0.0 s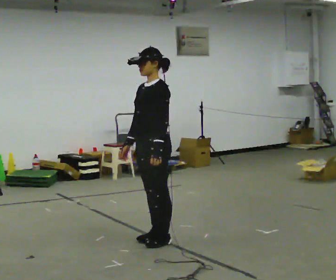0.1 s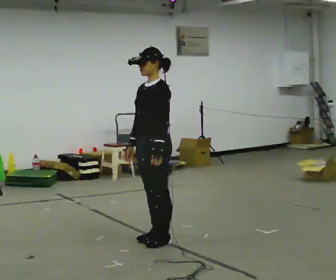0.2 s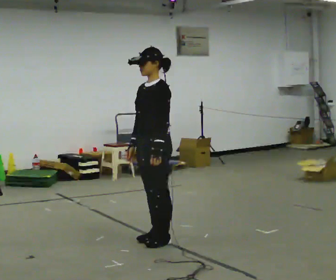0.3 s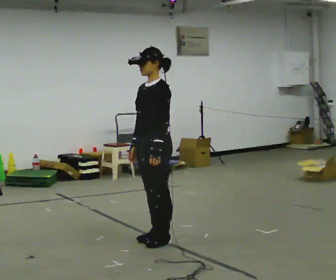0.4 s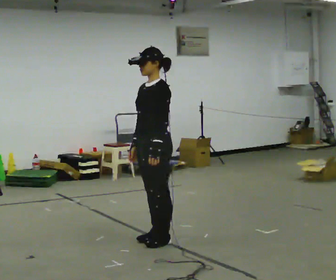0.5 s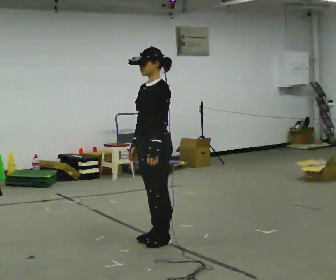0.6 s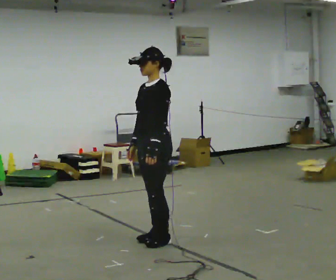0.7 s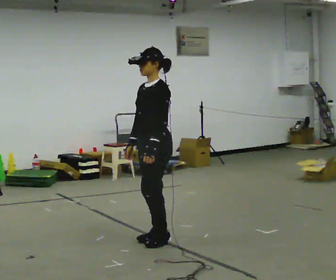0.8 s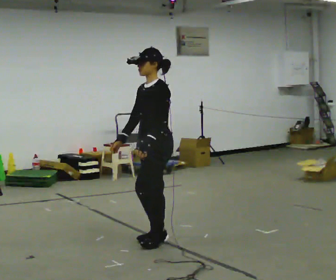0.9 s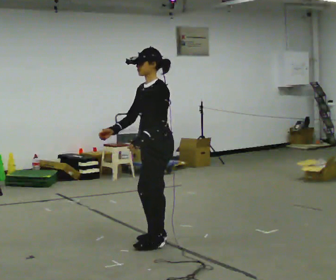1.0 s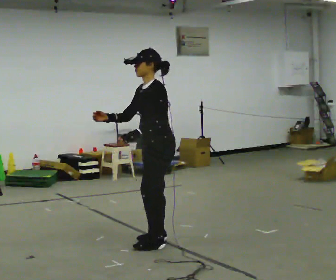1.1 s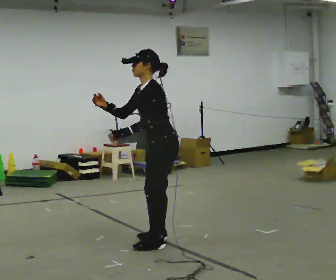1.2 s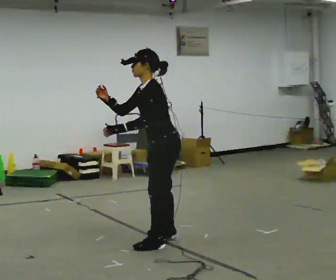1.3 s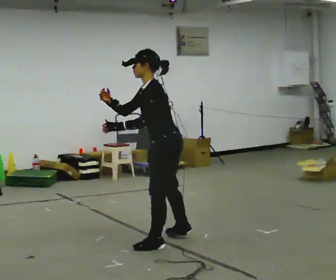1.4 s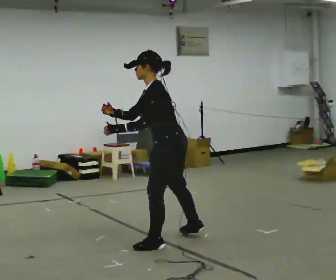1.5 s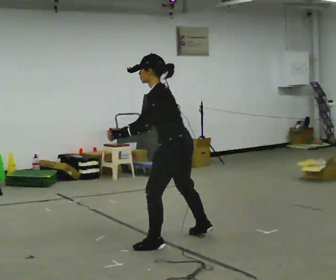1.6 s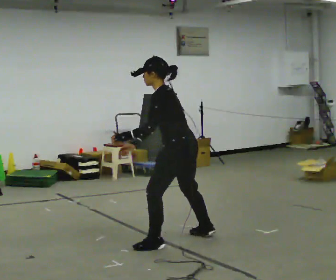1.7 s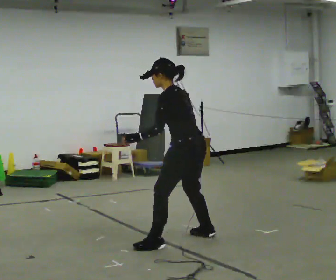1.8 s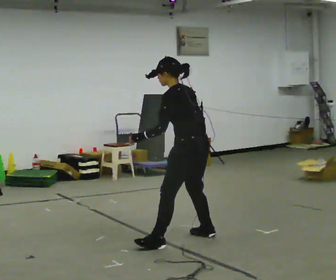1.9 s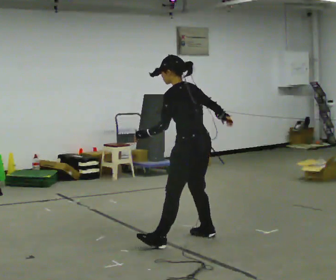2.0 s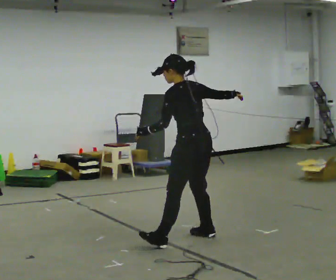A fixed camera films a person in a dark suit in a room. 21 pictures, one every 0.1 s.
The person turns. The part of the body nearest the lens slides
to the left.
The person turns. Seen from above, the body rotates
clockwise.
0.0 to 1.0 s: The person moves a little, or ends about where they began.
1.0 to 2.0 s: The part of the body nearest the lens slides to the left as the person turns to their right by about 45 degrees. In the picture they go to the right, about 0.25 m in 1 step, which for them is backward and to their right.
The film runs forward here.
